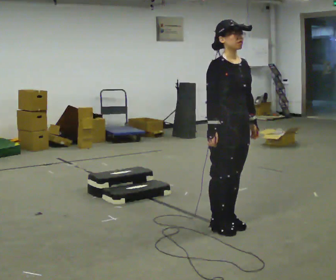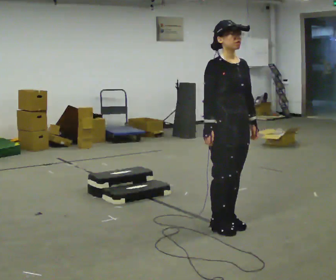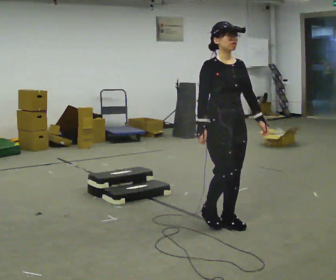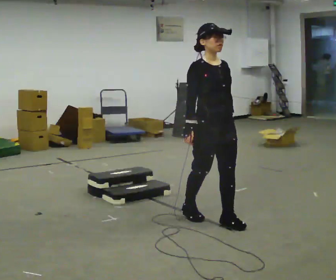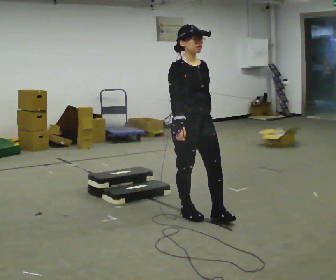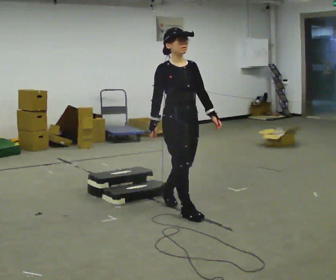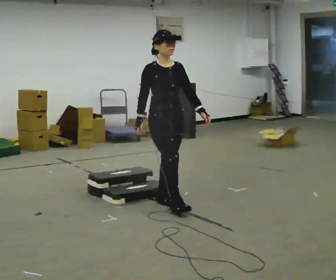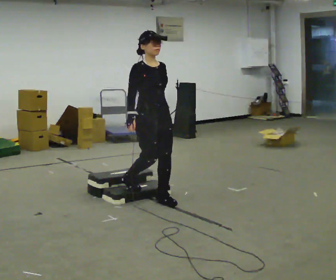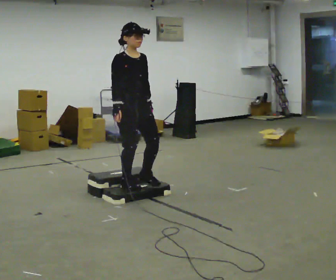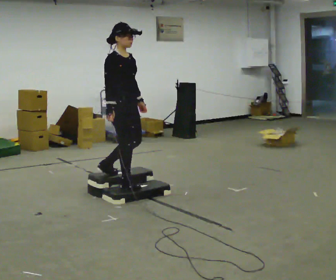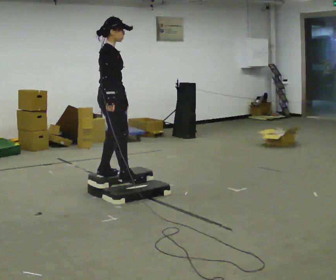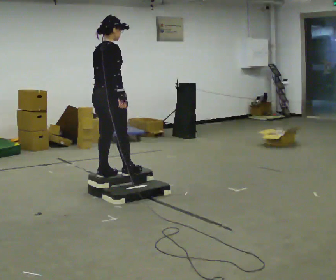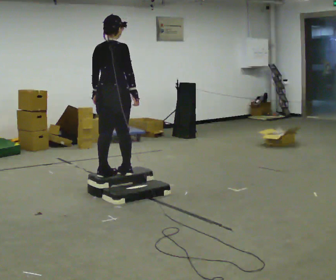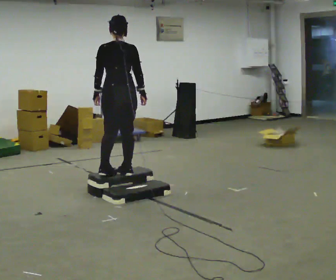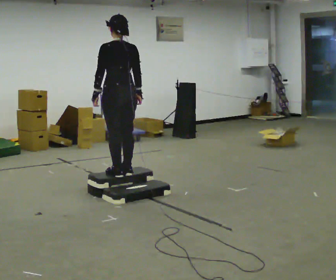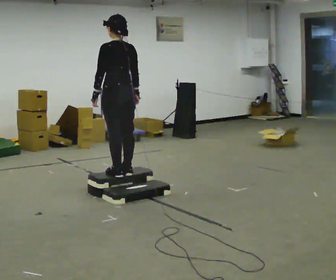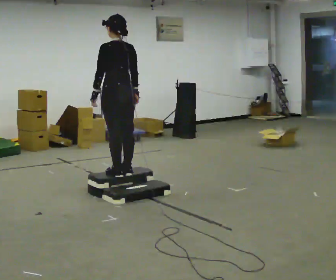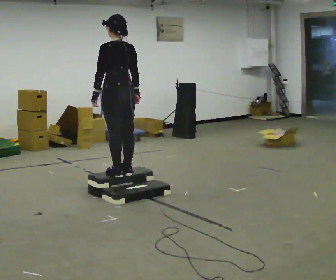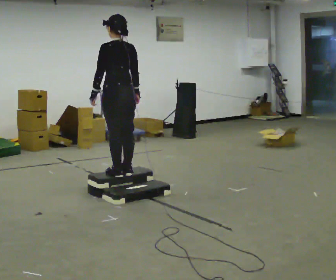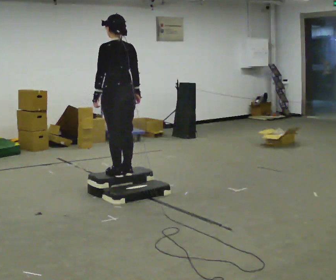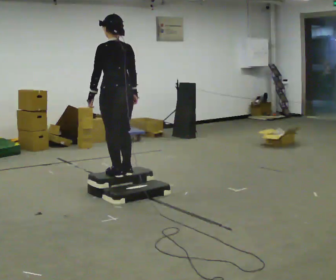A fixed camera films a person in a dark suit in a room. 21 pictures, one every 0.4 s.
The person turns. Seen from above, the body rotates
counterclockwise.
The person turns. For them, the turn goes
to their left.
0.0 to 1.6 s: In the picture they go away from the camera and to the left, about 0.25 m in 2 steps, which for them is backward.
1.6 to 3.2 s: In the picture they go away from the camera and to the left, about 1 m in 2 steps, which for them is backward.
3.2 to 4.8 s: Seen from above the body turns counterclockwise, about 105 degrees: to their left, with its near side sliding to the right. In the picture they go to the left and away from the camera, about 0.25 m in 1 step.
4.8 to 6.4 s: The part of the body nearest the lens slides to the right as the person turns to their left by about 60 degrees.
6.4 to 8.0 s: The person moves a little, or ends about where they began.
The film runs backward here.
